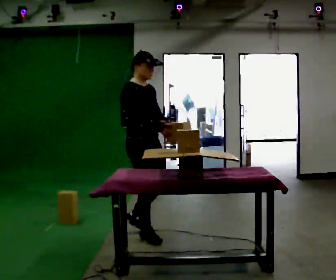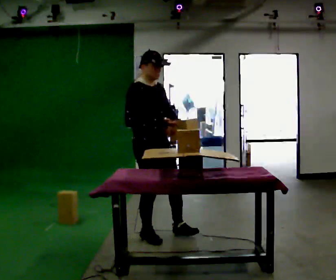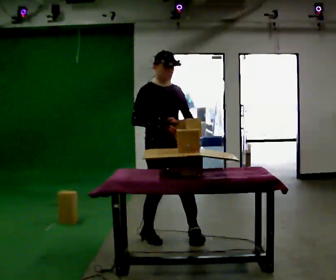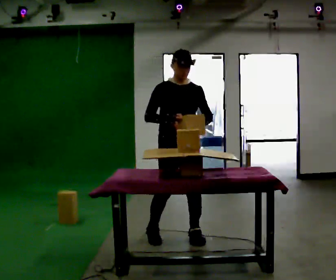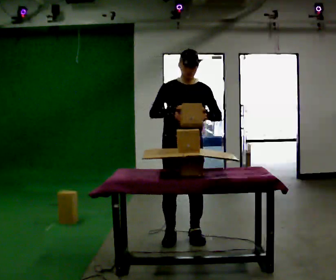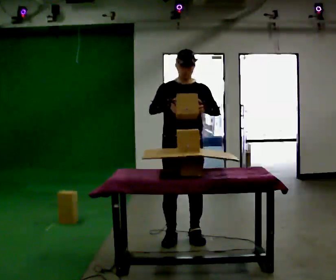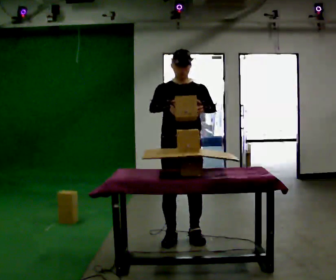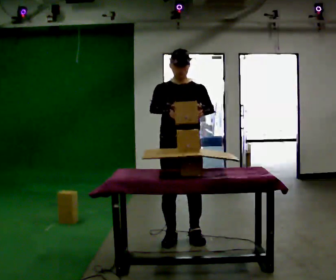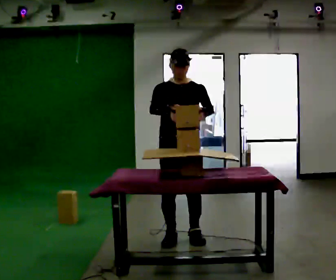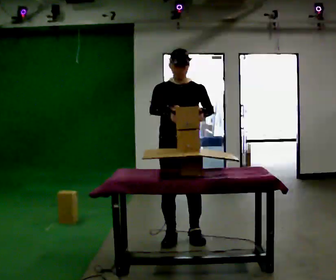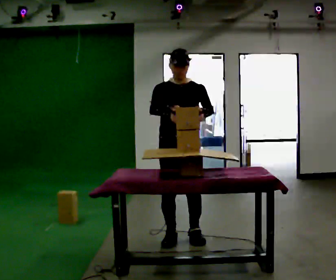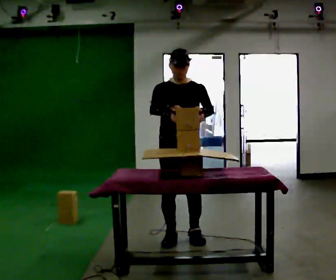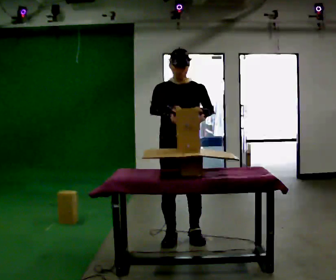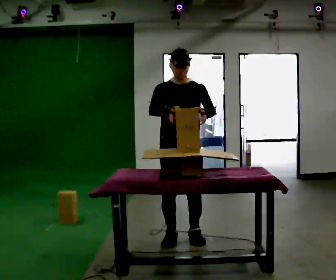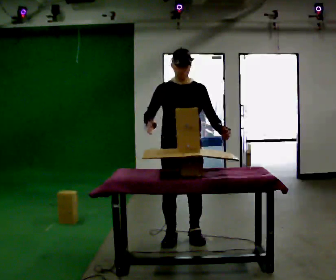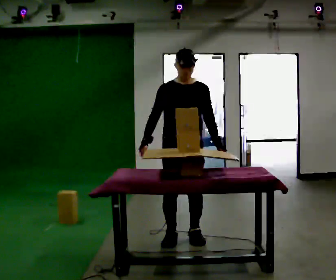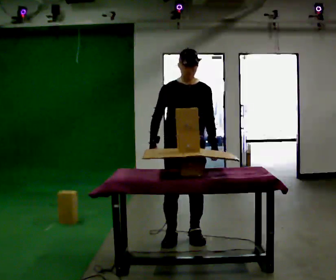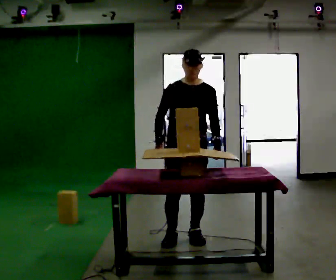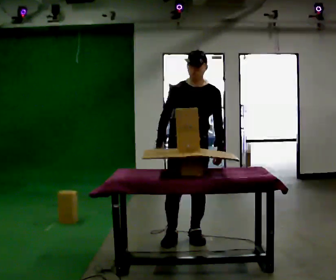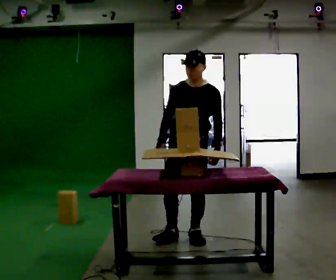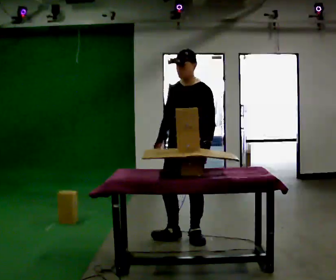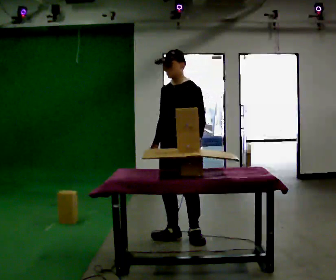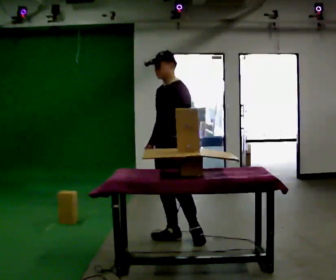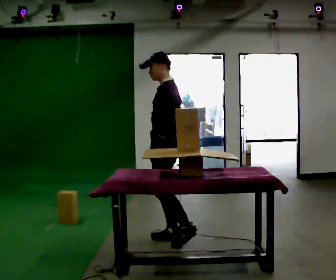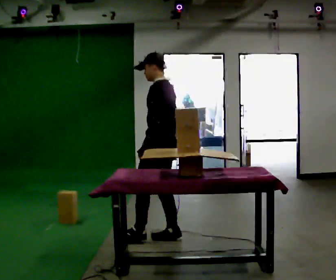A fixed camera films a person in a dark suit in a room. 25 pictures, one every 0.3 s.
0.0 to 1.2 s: Seen from above the body turns clockwise, about 60 degrees: to their right, with its near side sliding to the left. In the picture they go to the right, about 0.5 m in 2 steps, which for them is to their left and forward.
1.2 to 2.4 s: The person moves a little, or ends about where they began.
2.4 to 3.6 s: The person keeps their place and pose.
3.6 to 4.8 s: In the picture their left hand goes downward.
4.8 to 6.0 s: The person turns about 45 degrees to their right, clockwise seen from above, so the part of the body nearest the lens slides to the left.
6.0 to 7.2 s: The part of the body nearest the lens slides to the left as the person turns to their right by about 75 degrees. In the picture they go to the left, about 0.25 m.
The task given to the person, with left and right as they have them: Carry the object over and set it down on the wobbly board without tipping it over. Keep going until the operator says stop; one object at a time, and do not rush between trips.
The film runs forward here.
